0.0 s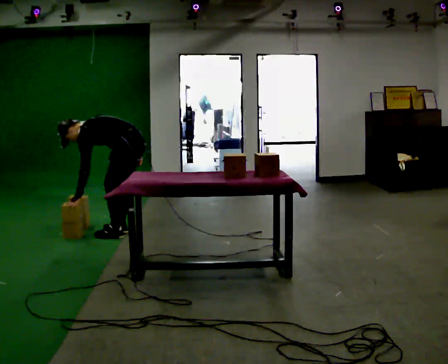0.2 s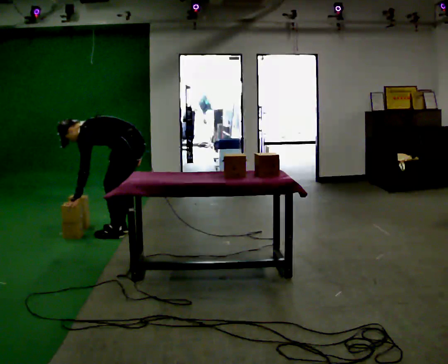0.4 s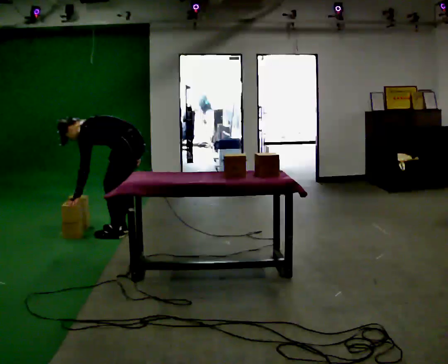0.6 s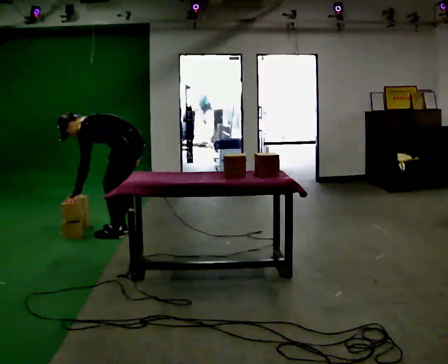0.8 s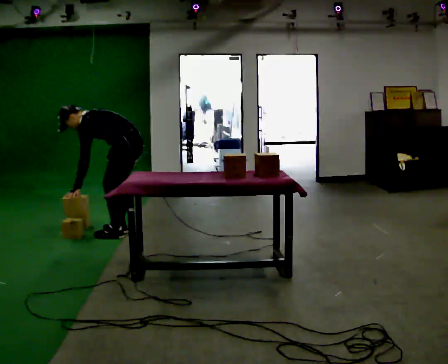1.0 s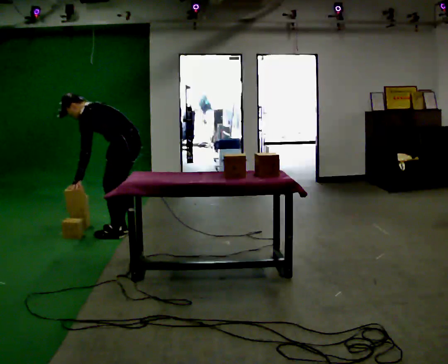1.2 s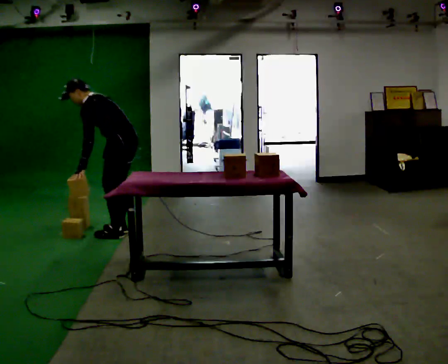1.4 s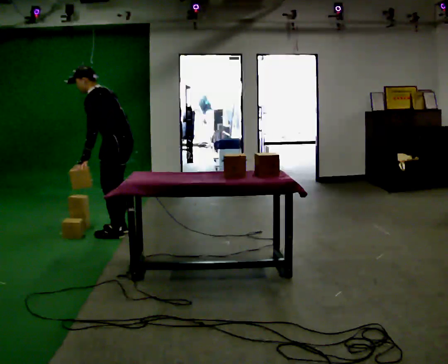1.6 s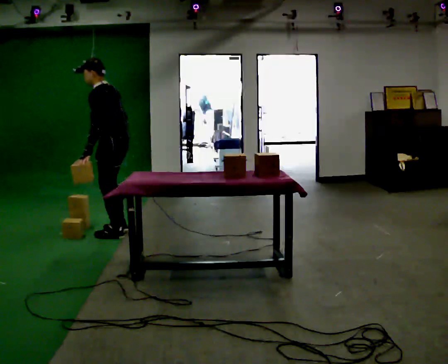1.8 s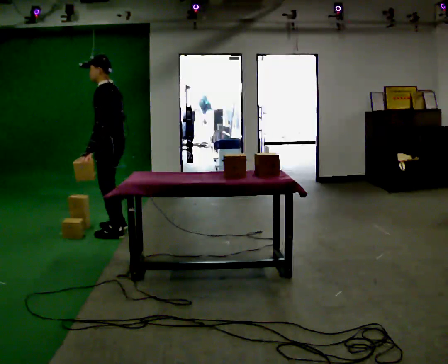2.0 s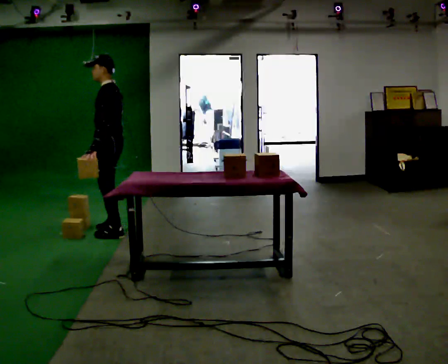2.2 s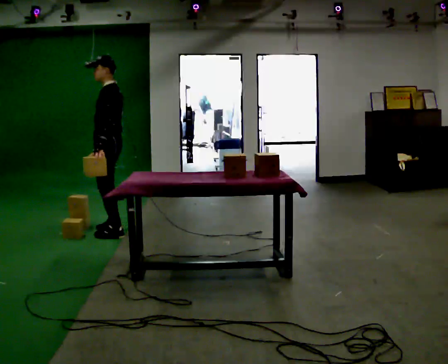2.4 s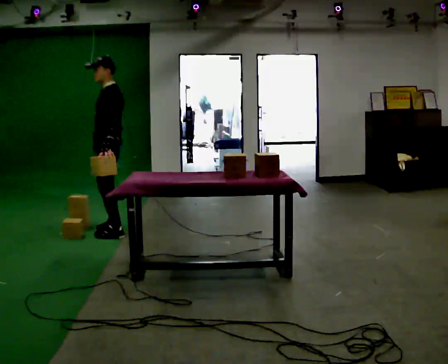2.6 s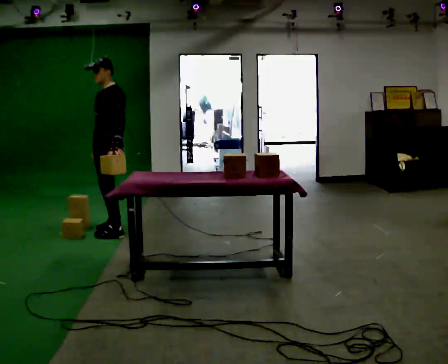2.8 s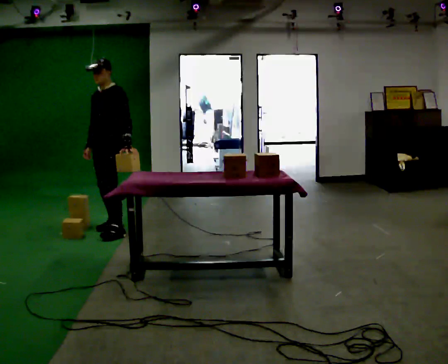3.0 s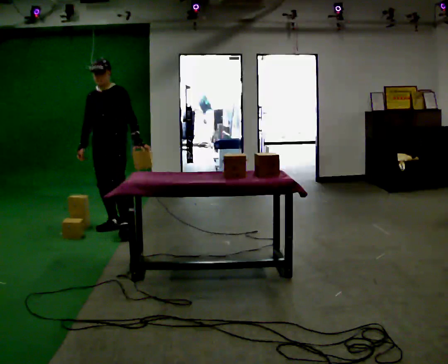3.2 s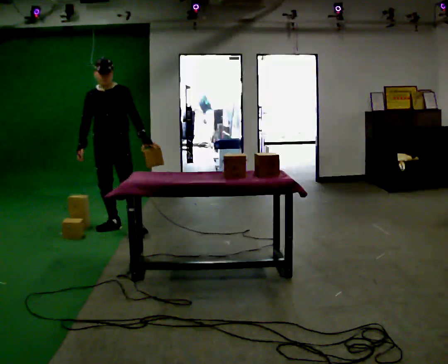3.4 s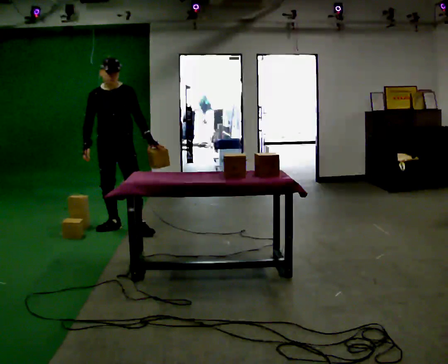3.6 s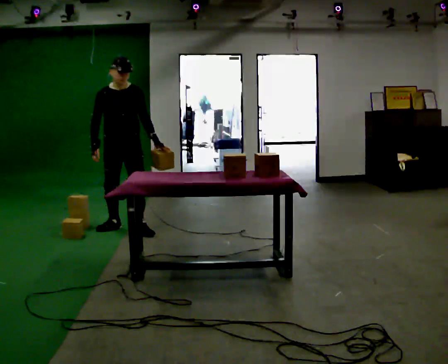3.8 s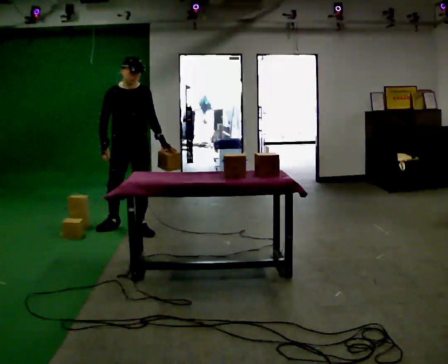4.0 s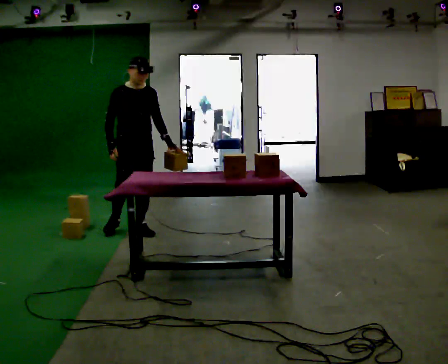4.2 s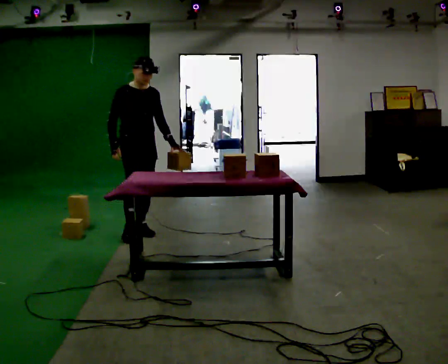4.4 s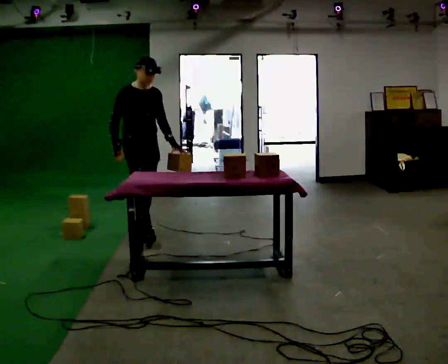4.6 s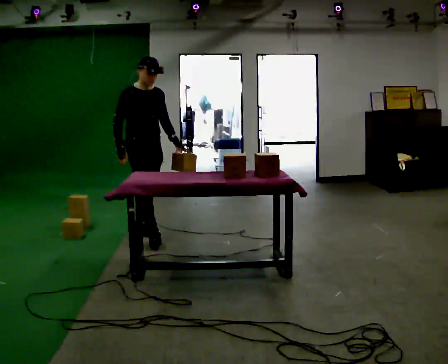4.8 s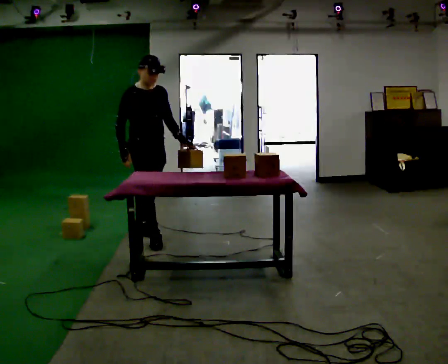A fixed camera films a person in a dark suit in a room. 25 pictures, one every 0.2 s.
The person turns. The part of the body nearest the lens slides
to the right.
The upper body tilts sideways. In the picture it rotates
clockwise.
0.0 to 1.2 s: The upper body goes upward. In the picture the upper body tilts clockwise, shoulders to the right, as they lean back or straighten.
1.2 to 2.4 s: The part of the body nearest the lens slides to the right as the person turns to their left by about 30 degrees. In the picture they go away from the camera, about 0.25 m in 1 step, which for them is forward and to their right. In the picture the upper body tilts clockwise, shoulders to the right, as they lean back or straighten.
2.4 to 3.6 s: The part of the body nearest the lens slides to the right as the person turns to their left by about 75 degrees. In the picture their left hand goes to the right.
3.6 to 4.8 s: The person turns about 30 degrees to their left, counterclockwise seen from above, so the part of the body nearest the lens slides to the right. In the picture they go toward the camera and to the right, about 0.5 m in 1 step, which for them is forward.
The film runs forward here.
